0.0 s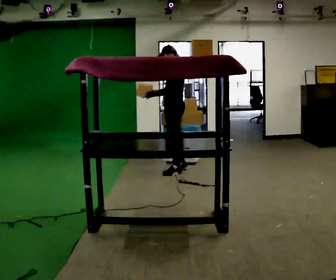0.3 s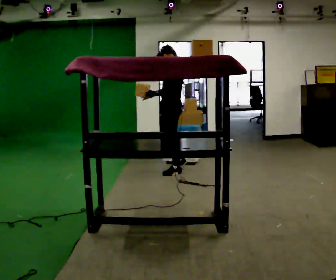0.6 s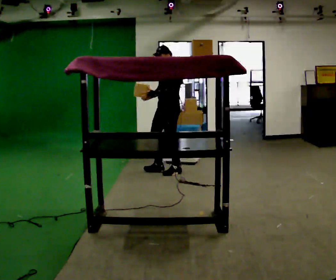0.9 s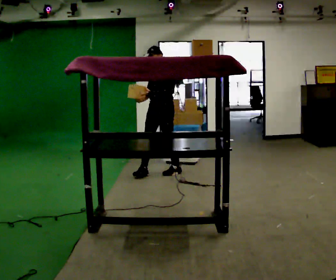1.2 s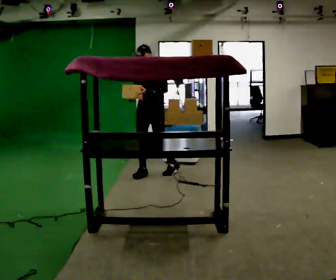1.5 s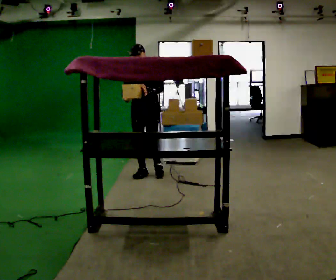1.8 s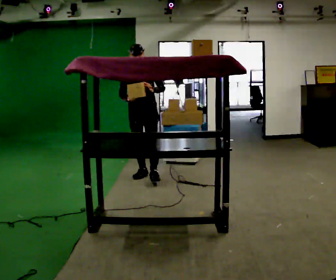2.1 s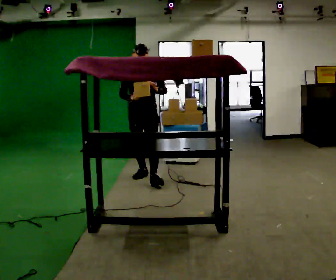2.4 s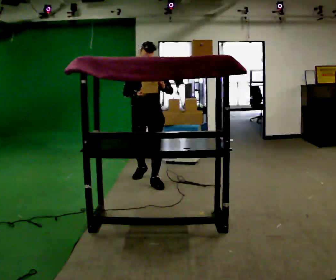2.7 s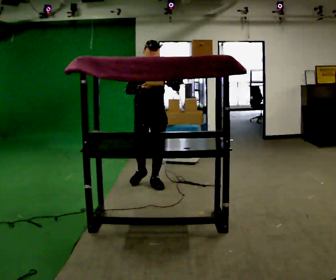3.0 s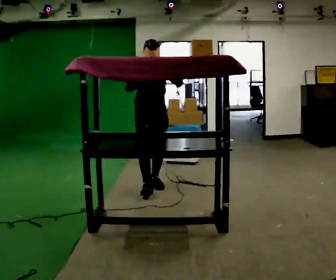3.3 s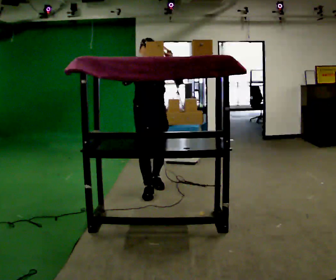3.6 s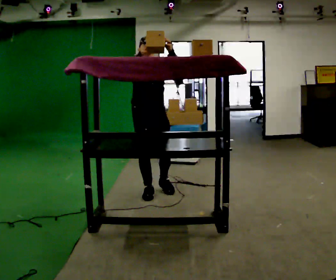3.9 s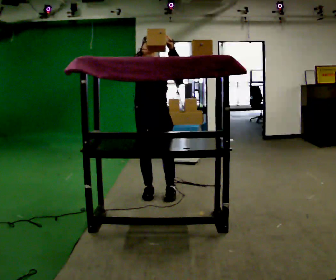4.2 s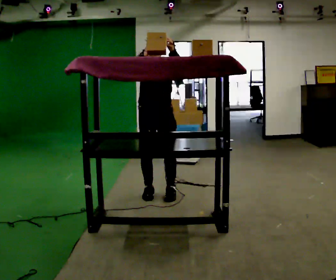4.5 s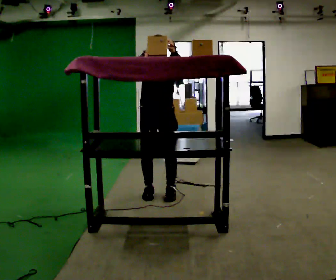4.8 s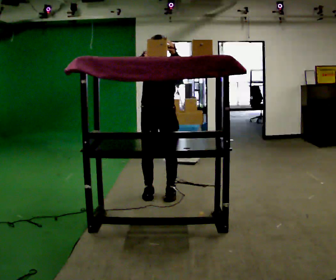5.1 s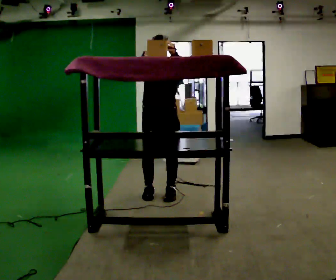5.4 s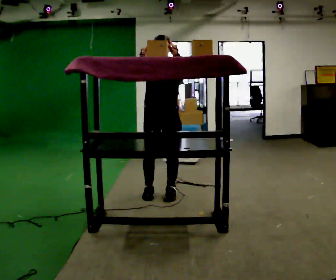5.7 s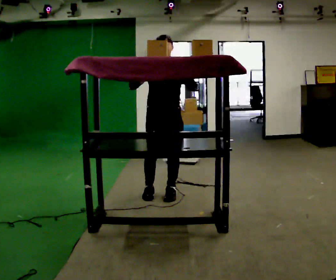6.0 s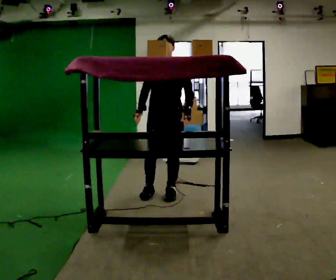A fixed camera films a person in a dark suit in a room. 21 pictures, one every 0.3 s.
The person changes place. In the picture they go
toward the camera.
The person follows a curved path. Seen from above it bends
counterclockwise.
0.0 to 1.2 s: The part of the body nearest the lens slides to the right as the person turns to their left by about 60 degrees. In the picture they go to the left, about 0.25 m in 1 step.
1.2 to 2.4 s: The person turns about 30 degrees to their left, counterclockwise seen from above, so the part of the body nearest the lens slides to the right. In the picture they go toward the camera, about 0.5 m in 1 step, which for them is forward.
2.4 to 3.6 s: In the picture they go toward the camera, about 0.5 m in 1 step, which for them is forward. In the picture their right hand goes upward.
3.6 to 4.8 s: The person moves a little, or ends about where they began.
4.8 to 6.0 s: In the picture their right hand goes downward.
The film runs forward here.
